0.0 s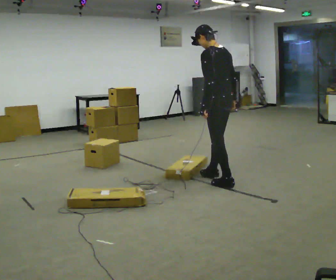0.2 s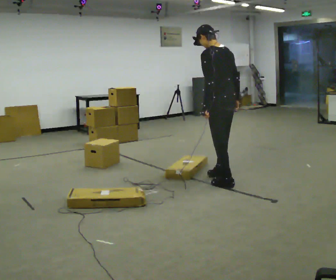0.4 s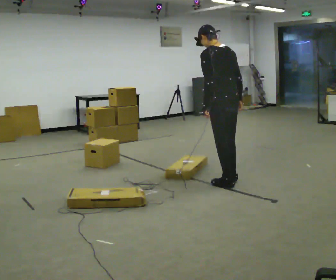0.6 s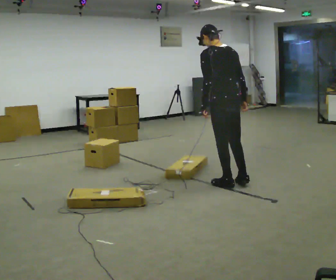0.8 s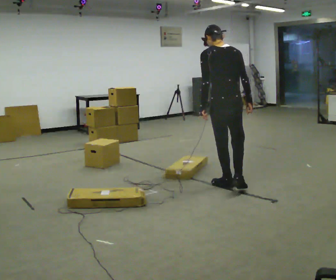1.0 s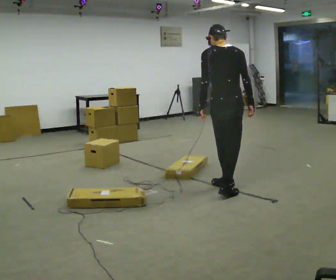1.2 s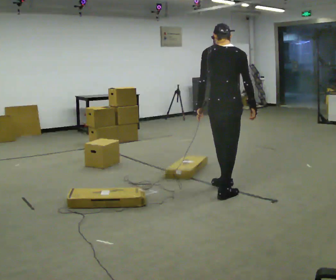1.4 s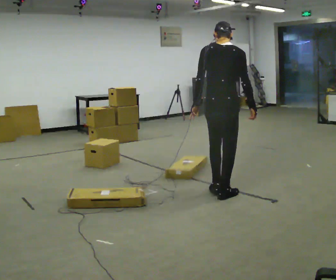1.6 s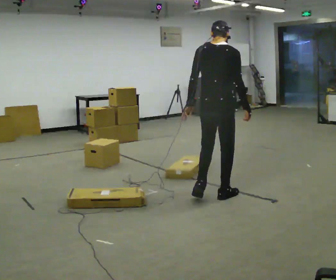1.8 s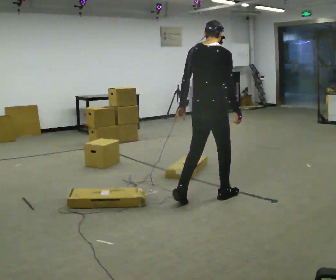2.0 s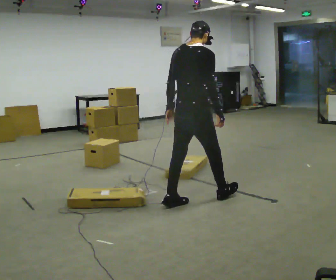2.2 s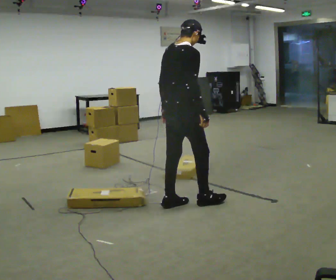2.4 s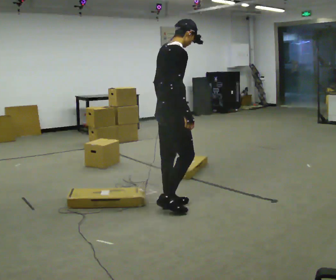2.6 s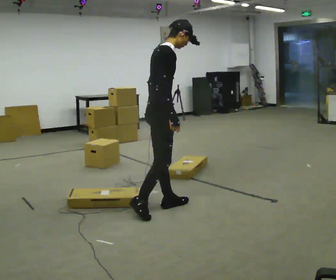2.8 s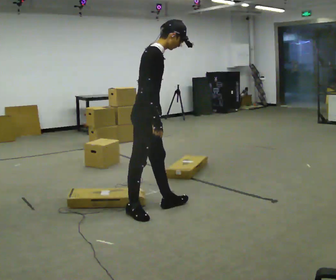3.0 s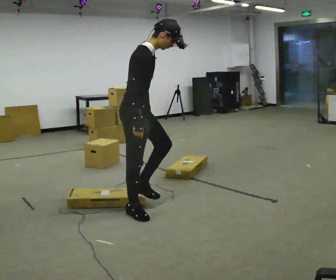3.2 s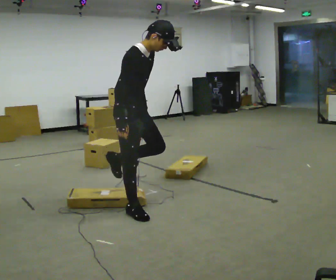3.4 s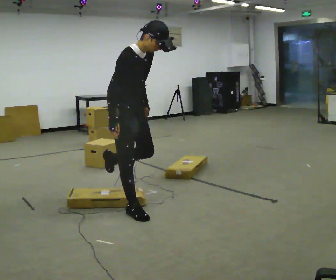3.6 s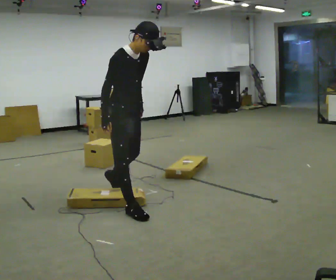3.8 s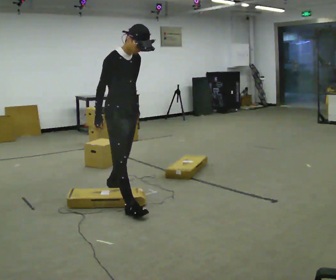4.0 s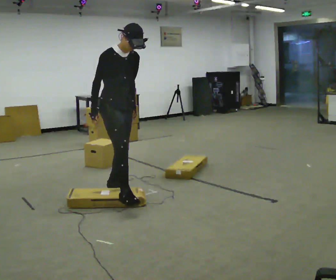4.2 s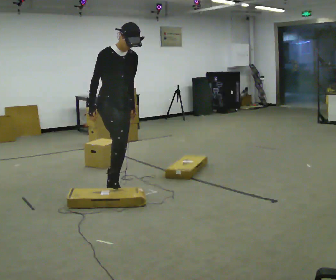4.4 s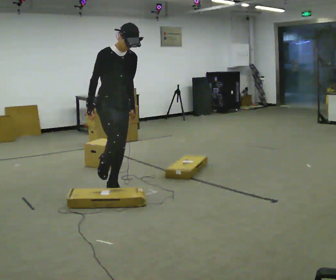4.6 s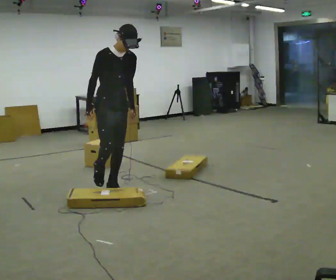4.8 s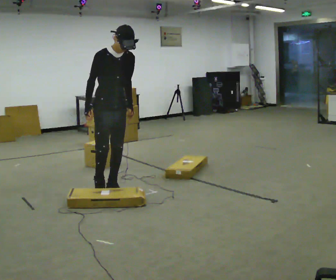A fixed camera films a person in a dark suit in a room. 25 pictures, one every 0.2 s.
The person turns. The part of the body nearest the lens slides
to the left.
The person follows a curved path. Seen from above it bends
clockwise.
0.0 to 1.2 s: The part of the body nearest the lens slides to the left as the person turns to their right by about 60 degrees. In the picture they go toward the camera, about 0.25 m in 1 step, which for them is backward and to their left.
1.2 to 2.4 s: Seen from above the body turns clockwise, about 60 degrees: to their right, with its near side sliding to the left. In the picture they go to the left and toward the camera, about 0.5 m in 1 step, which for them is backward and to their left.
2.4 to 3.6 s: The person turns about 60 degrees to their right, clockwise seen from above, so the part of the body nearest the lens slides to the left. In the picture they go to the left, about 0.5 m in 1 step, which for them is backward. The upper body tips toward the camera, its near side rolling downward, as they bend forward.
3.6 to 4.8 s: In the picture they go away from the camera and to the left, about 0.5 m in 1 step, which for them is backward.
The film runs backward here.
